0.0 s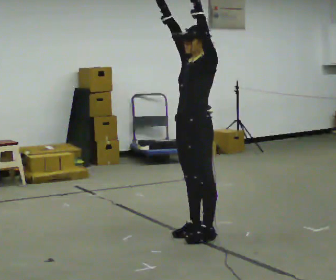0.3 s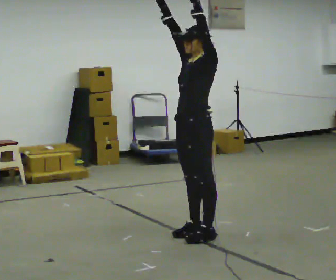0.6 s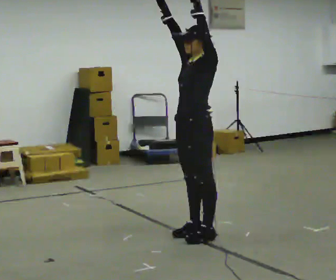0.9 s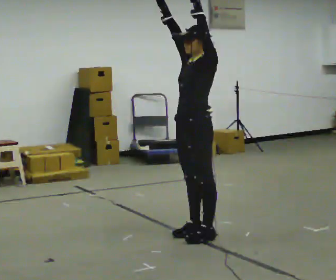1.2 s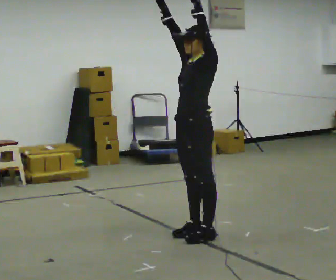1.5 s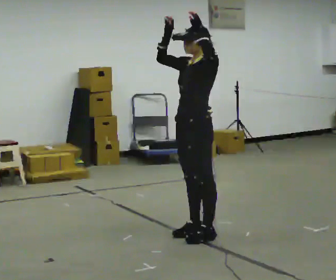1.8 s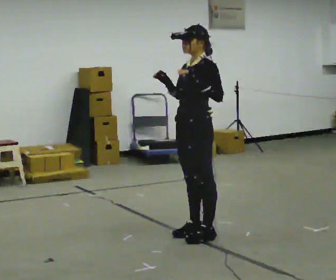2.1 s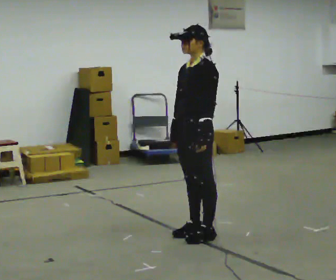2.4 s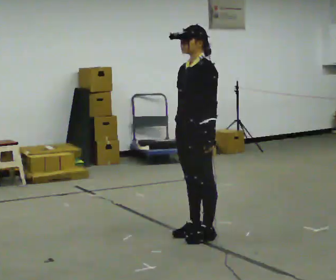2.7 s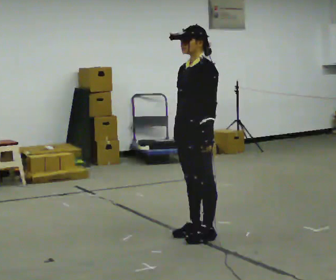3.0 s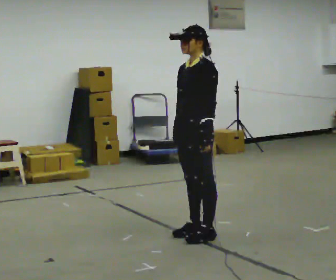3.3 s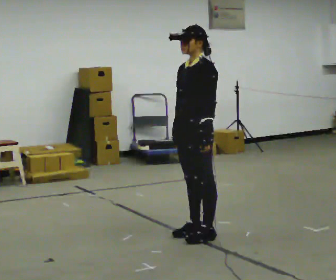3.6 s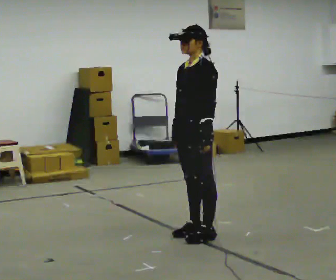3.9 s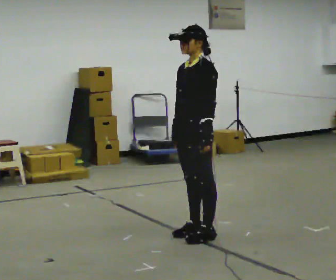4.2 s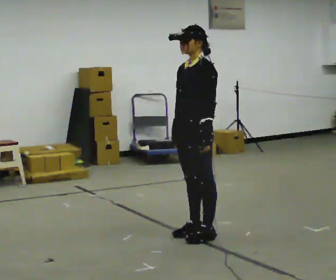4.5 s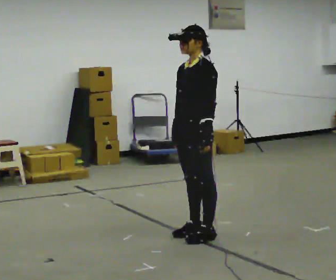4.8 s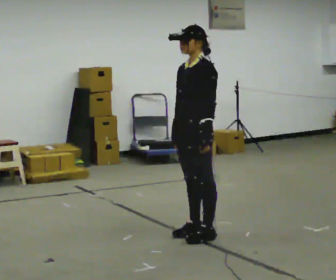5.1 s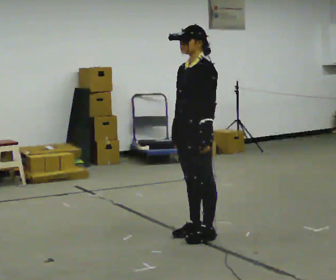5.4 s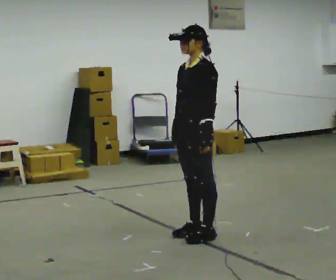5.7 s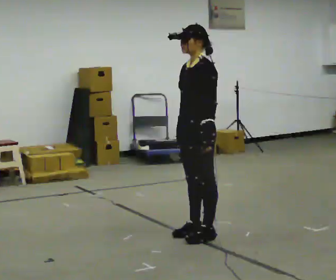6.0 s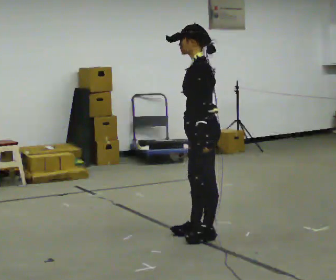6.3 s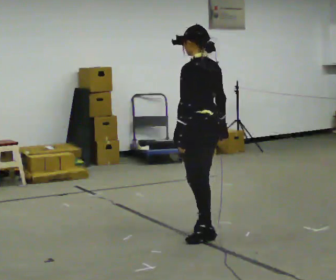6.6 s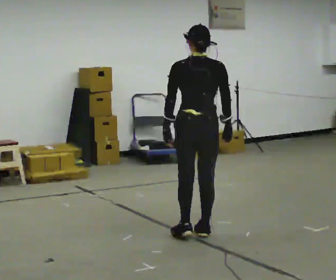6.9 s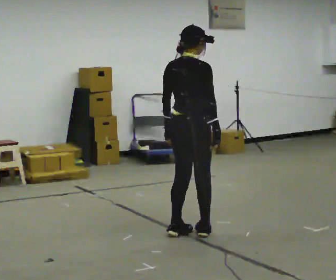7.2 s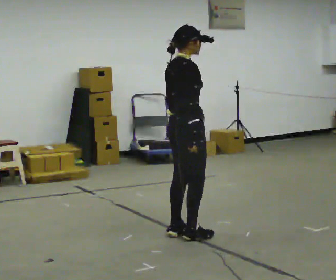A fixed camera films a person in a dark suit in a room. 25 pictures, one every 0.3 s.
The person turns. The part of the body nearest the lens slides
to the left.
The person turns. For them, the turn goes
to their right.
0.0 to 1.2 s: The person keeps their place and pose.
1.2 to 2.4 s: In the picture their left hand goes downward.
2.4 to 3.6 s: The person moves a little, or ends about where they began.
3.6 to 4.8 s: The person keeps their place and pose.
4.8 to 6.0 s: The person turns about 30 degrees to their right, clockwise seen from above, so the part of the body nearest the lens slides to the left.
6.0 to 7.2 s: Seen from above the body turns clockwise, about 150 degrees: to their right, with its near side sliding to the left. In the picture they go to the left, about 0.25 m in 1 step.
The film runs forward here.
